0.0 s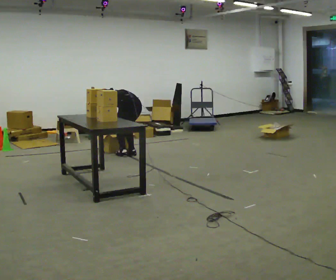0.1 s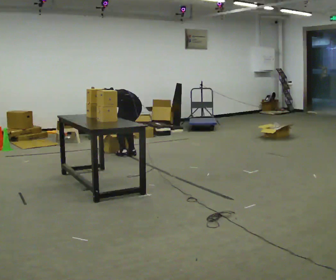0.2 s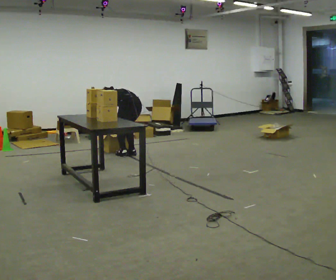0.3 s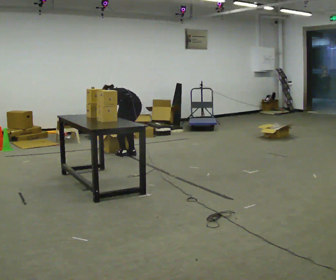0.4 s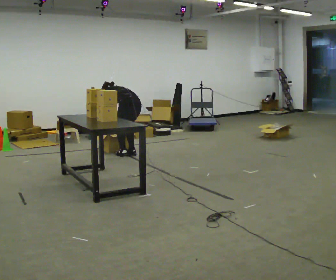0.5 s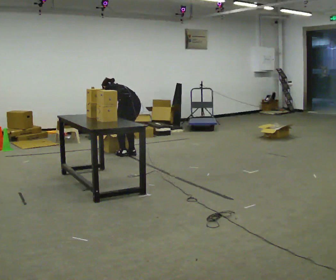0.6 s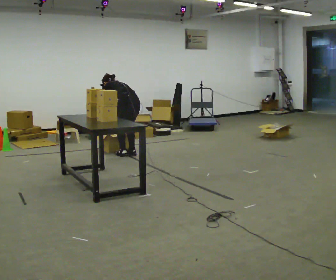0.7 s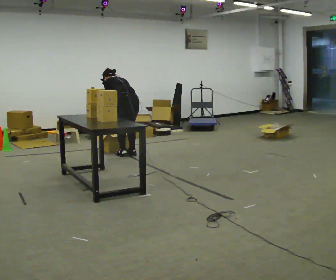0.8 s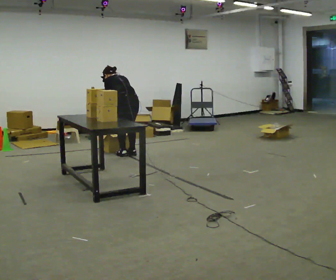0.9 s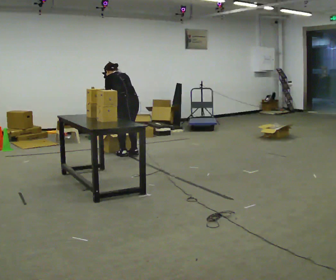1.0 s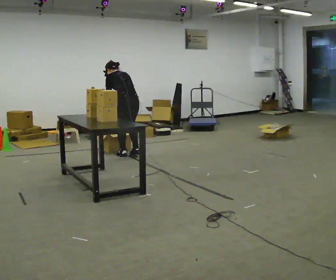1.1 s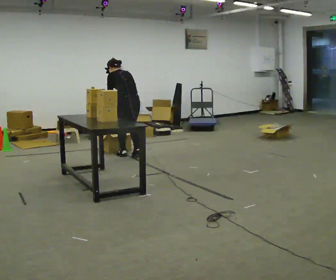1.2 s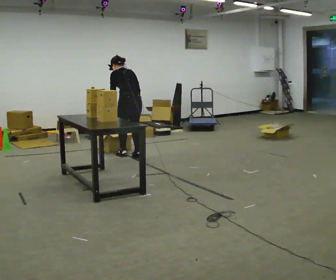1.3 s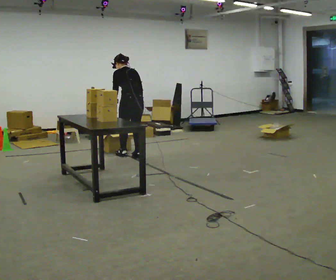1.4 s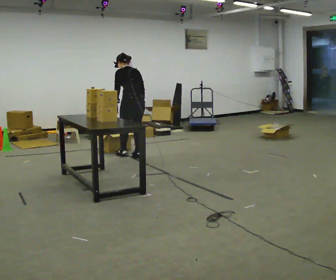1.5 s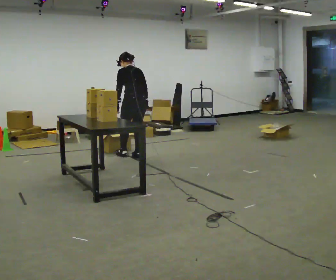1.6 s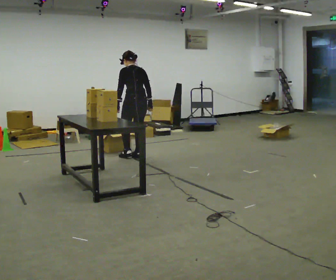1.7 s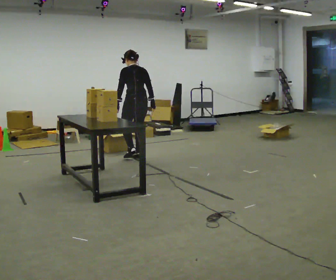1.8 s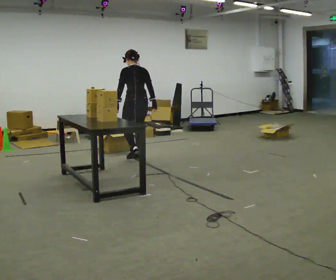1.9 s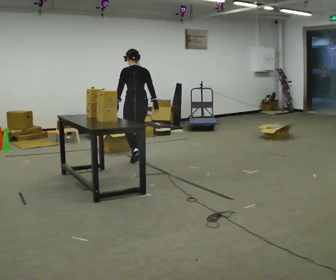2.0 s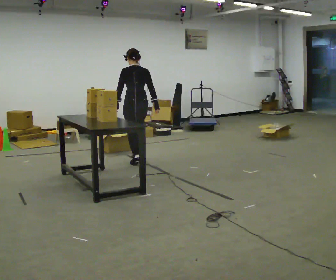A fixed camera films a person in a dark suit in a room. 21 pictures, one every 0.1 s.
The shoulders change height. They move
upward.
Their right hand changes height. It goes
upward.
0.0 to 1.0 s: The upper body goes upward. In the picture the upper body tilts clockwise, shoulders to the right, as they lean back or straighten. In the picture their right hand goes upward.
1.0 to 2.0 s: In the picture they go toward the camera, about 0.25 m in 1 step, which for them is backward. The upper body tips toward the camera, its near side rolling downward, as they lean back or straighten.
The film runs backward here.
